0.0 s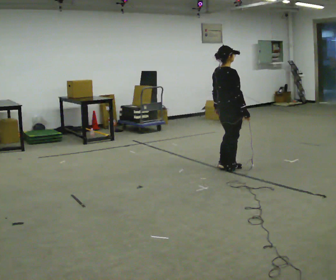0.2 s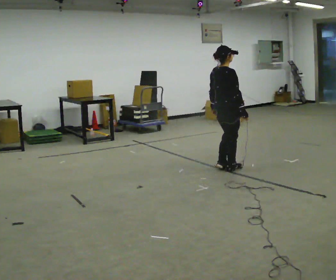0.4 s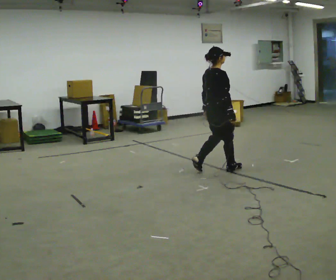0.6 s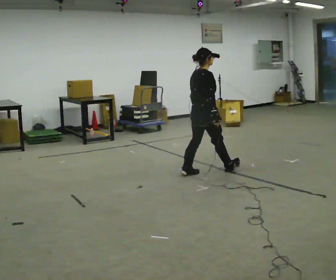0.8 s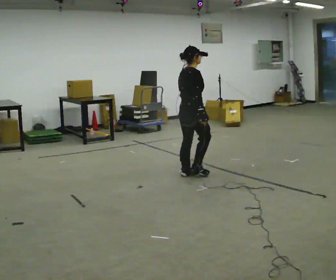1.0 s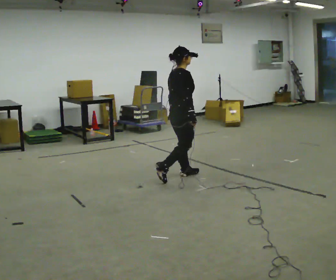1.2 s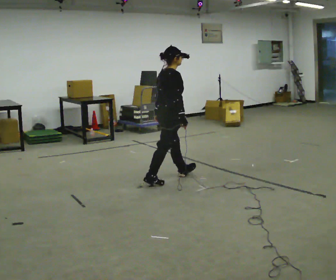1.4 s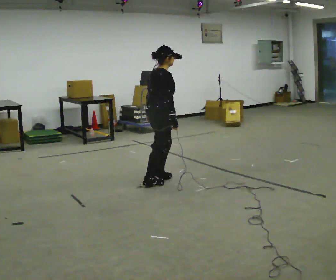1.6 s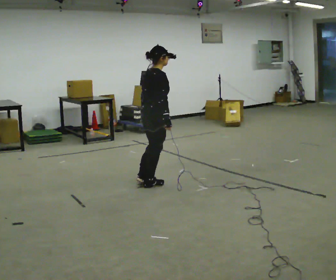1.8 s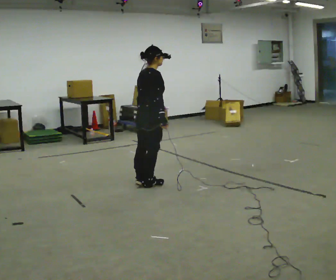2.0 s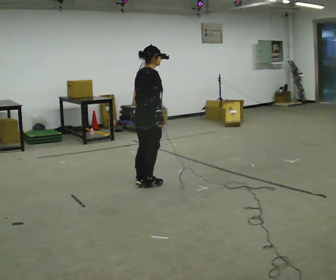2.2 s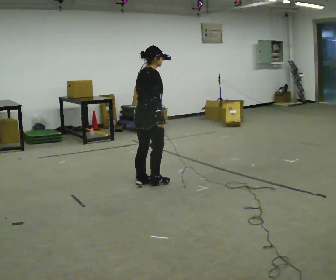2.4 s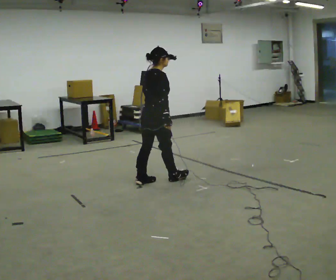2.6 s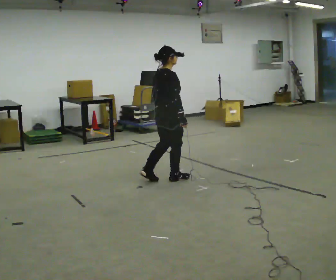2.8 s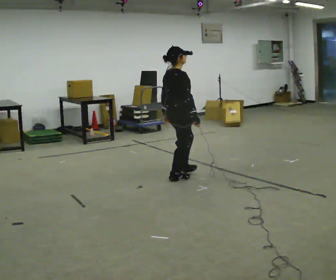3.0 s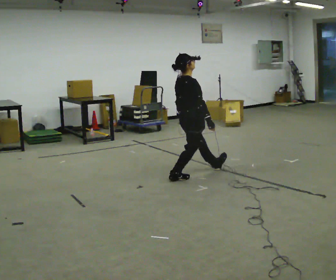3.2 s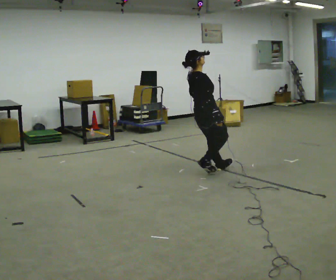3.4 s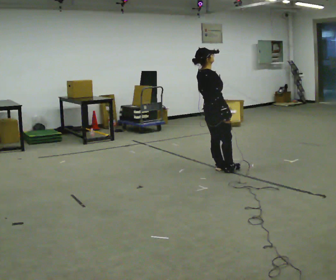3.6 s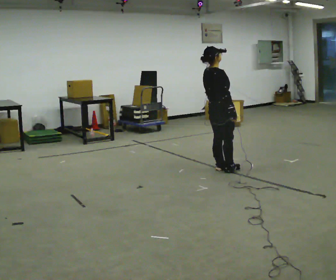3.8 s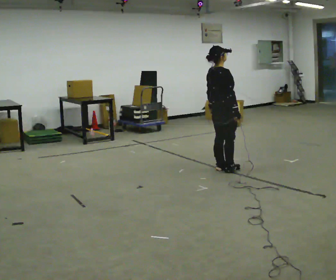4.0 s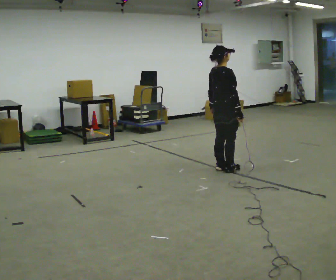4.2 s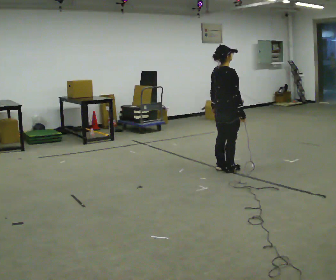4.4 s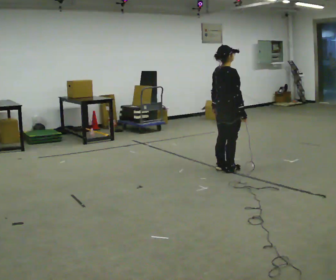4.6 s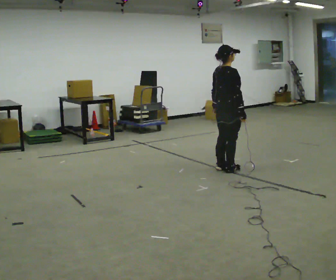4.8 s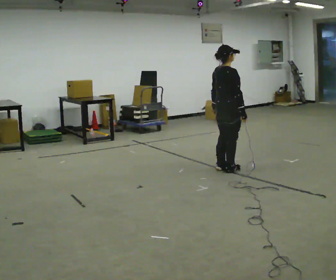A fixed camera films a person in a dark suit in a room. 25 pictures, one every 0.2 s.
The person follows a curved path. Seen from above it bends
clockwise.
0.0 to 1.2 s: In the picture they go to the left and toward the camera, about 1 m in 3 steps, which for them is backward.
1.2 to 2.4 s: In the picture they go to the left, about 0.25 m in 1 step, which for them is backward.
2.4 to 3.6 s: In the picture they go to the right, about 1 m in 2 steps, which for them is forward. In the picture the upper body tilts counterclockwise, shoulders to the left, as they lean back or straighten.
3.6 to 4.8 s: The person moves a little, or ends about where they began.
The film runs backward here.
